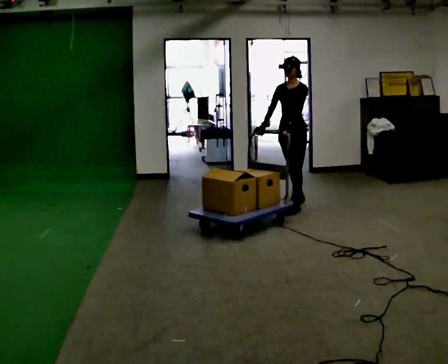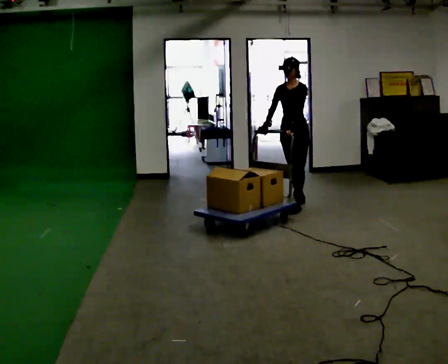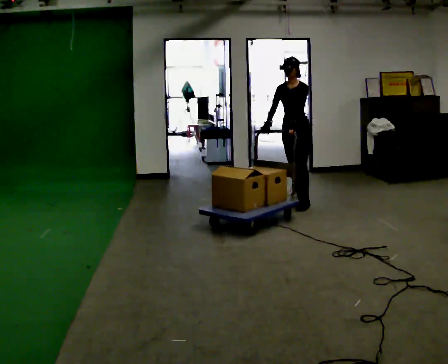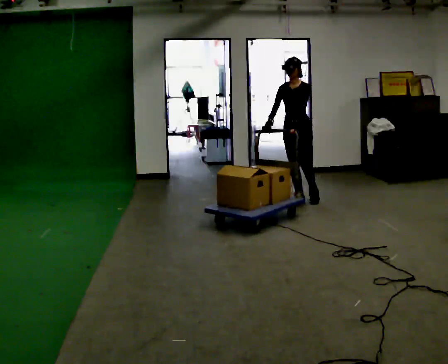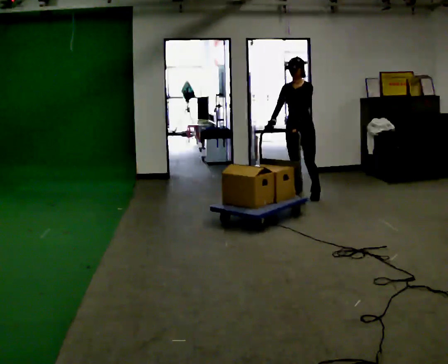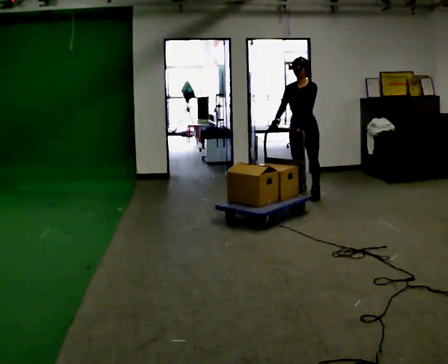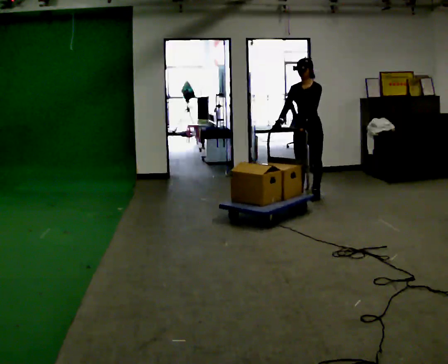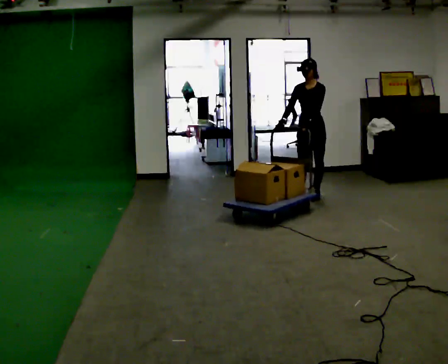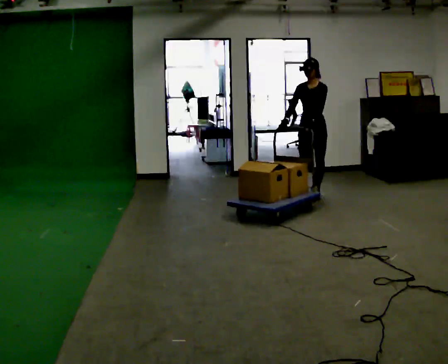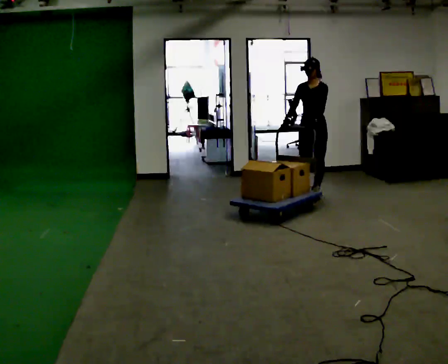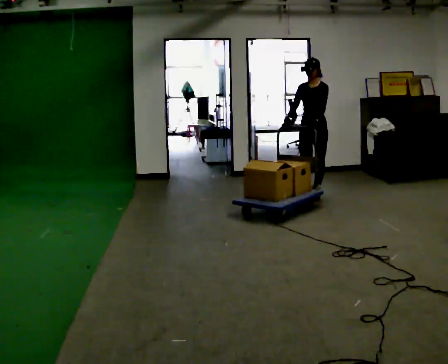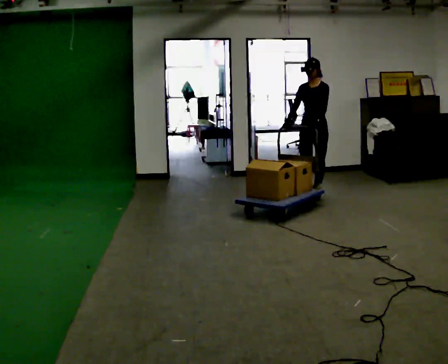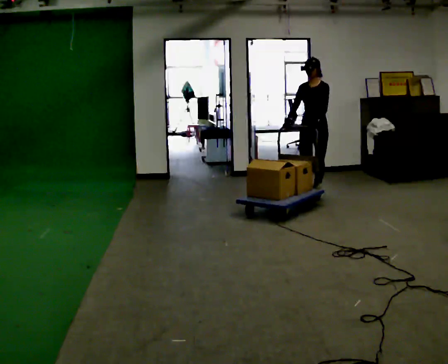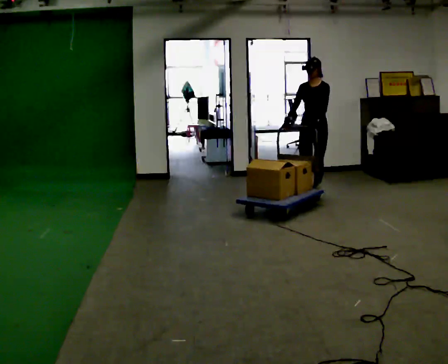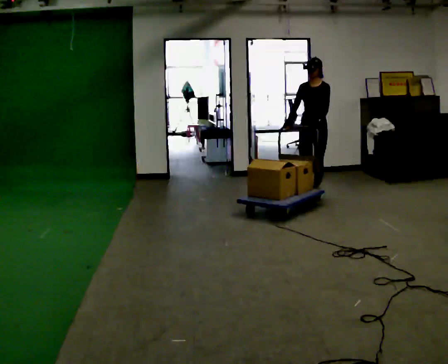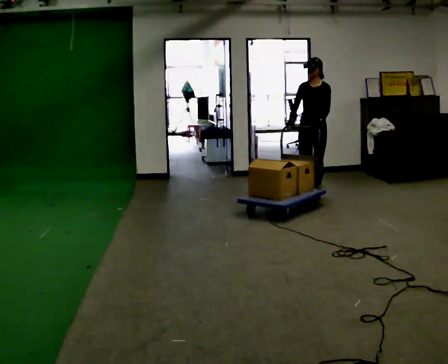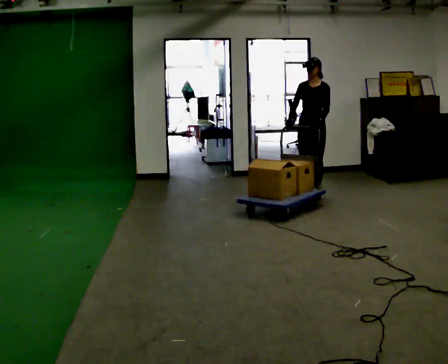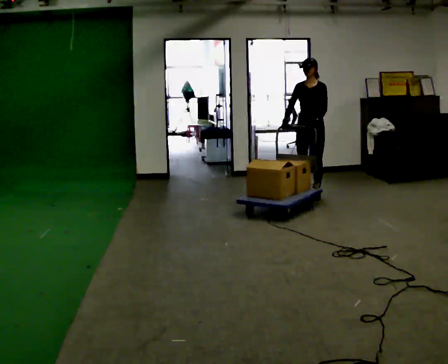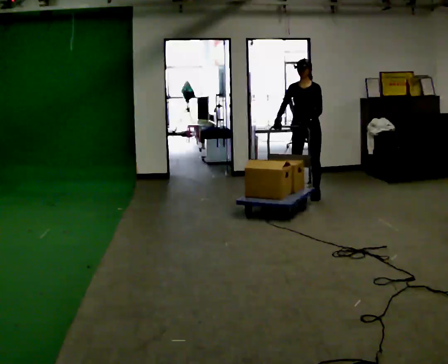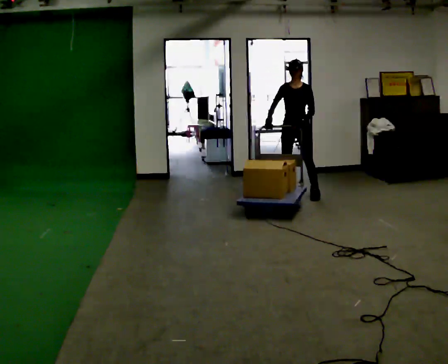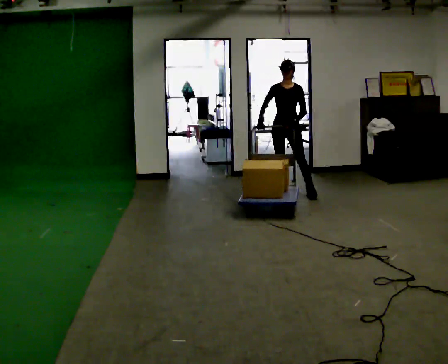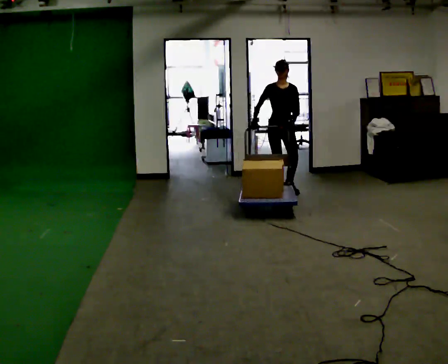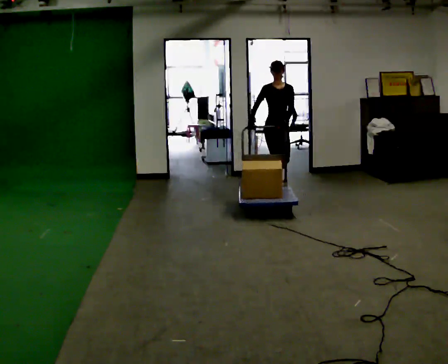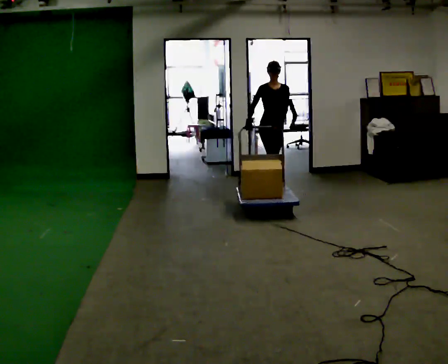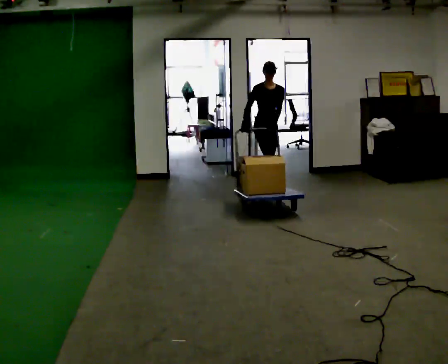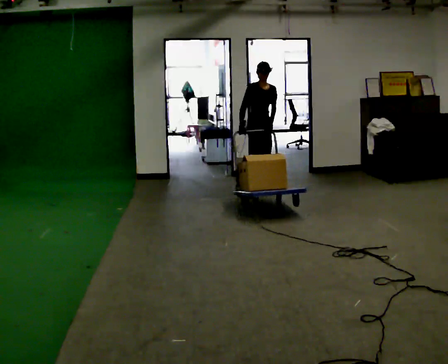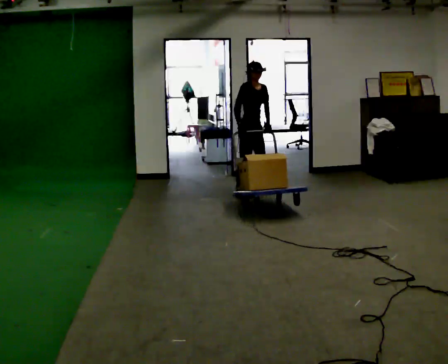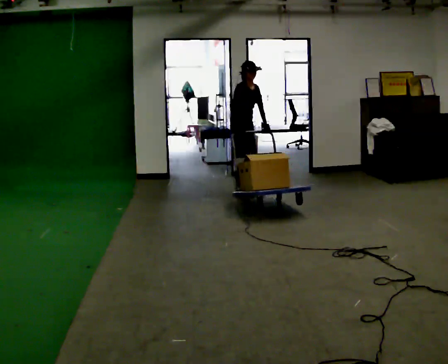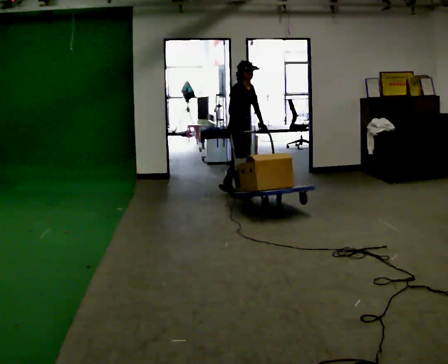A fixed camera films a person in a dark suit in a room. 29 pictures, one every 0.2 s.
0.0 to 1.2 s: In the picture they go away from the camera, about 0.25 m in 1 step, which for them is backward.
1.2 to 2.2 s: In the picture they go away from the camera, about 0.25 m in 1 step, which for them is backward.
2.2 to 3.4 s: The person moves a little, or ends about where they began.
3.4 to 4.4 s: Seen from above the body turns counterclockwise, about 45 degrees: to their left, with its near side sliding to the right. In the picture they go to the left, about 0.5 m in 1 step, which for them is to their right.
4.4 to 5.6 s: The person turns about 60 degrees to their left, counterclockwise seen from above, so the part of the body nearest the lens slides to the right. In the picture they go to the left, about 0.5 m in 2 steps, which for them is to their right and backward.
The film runs backward here.
